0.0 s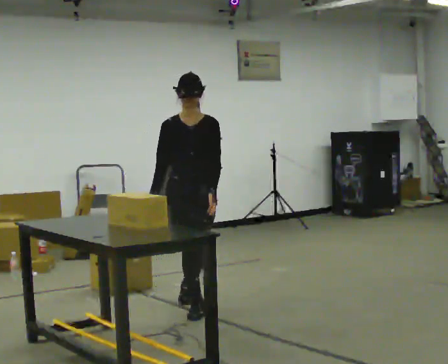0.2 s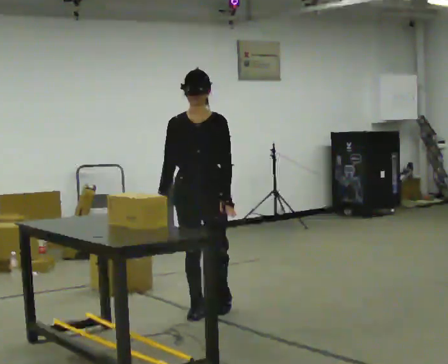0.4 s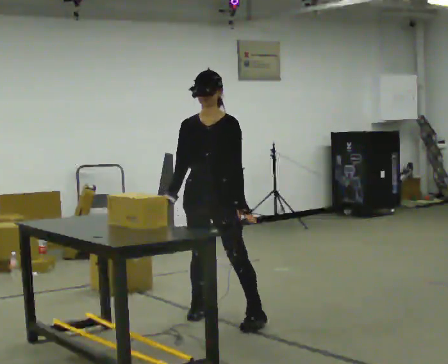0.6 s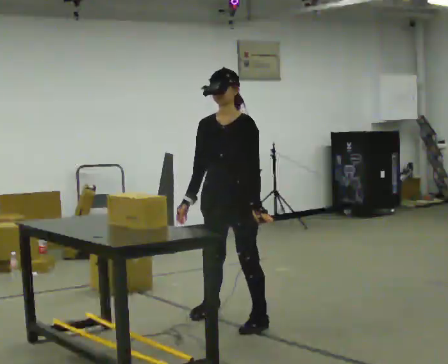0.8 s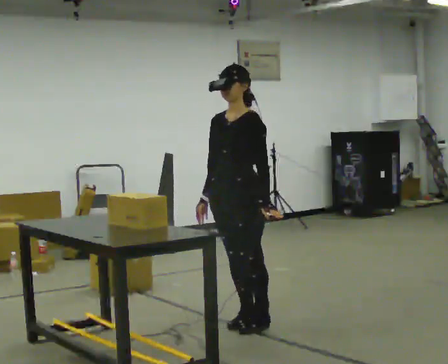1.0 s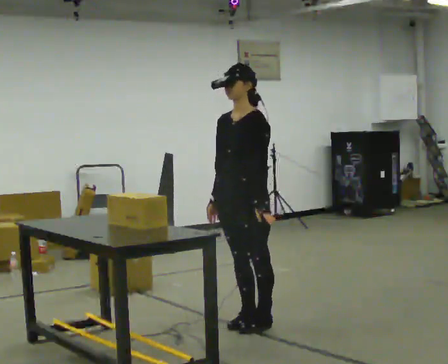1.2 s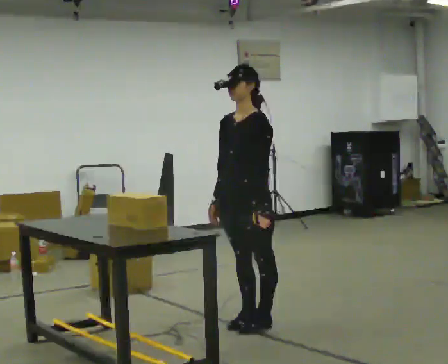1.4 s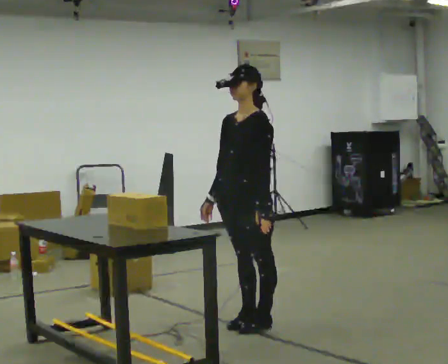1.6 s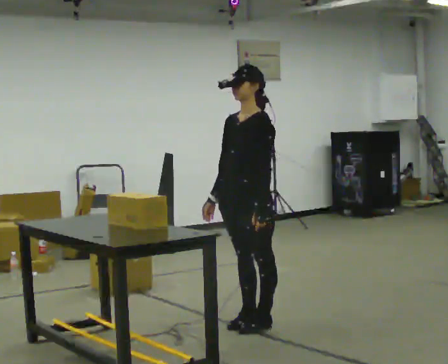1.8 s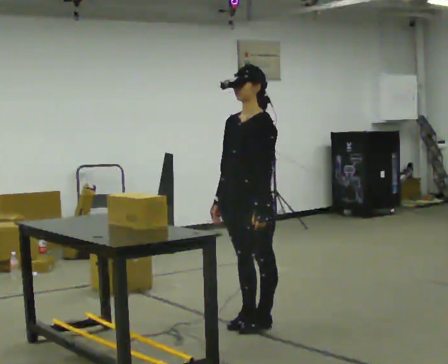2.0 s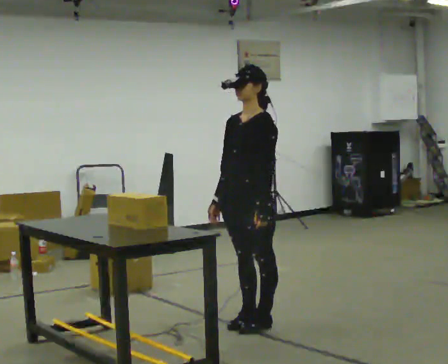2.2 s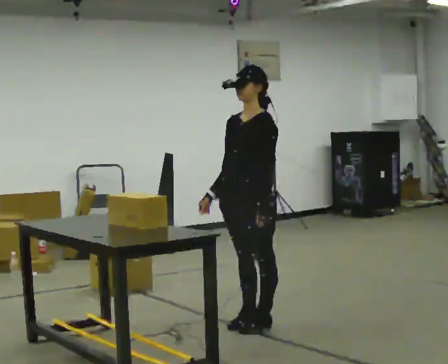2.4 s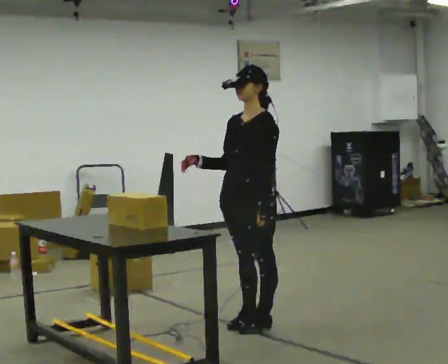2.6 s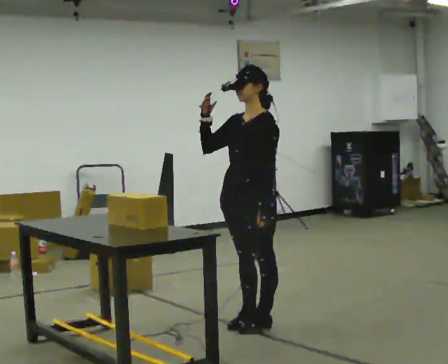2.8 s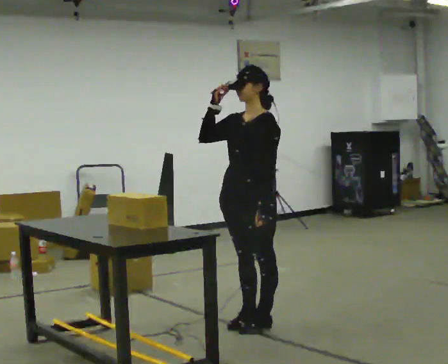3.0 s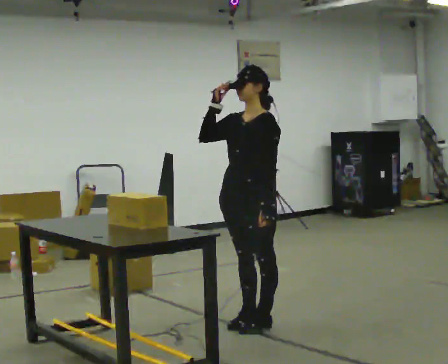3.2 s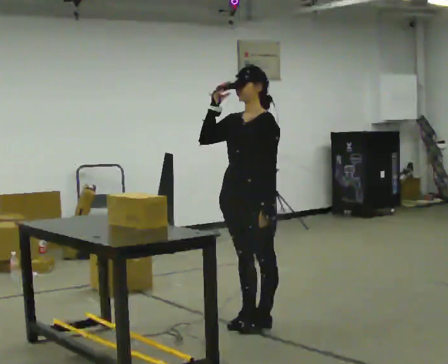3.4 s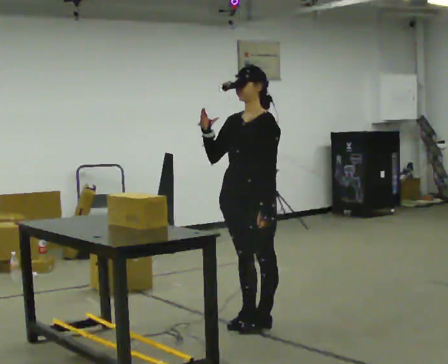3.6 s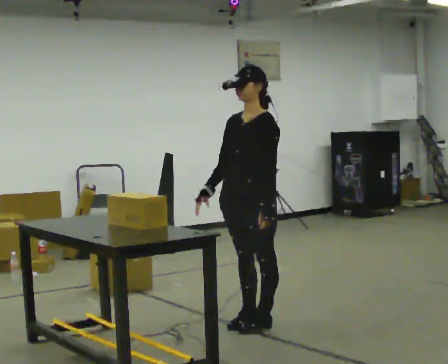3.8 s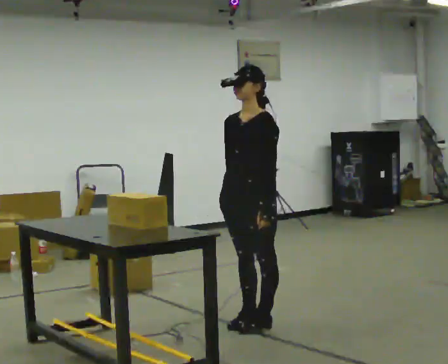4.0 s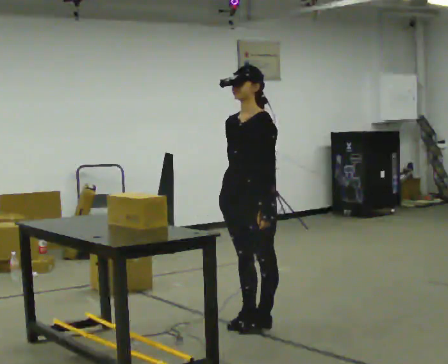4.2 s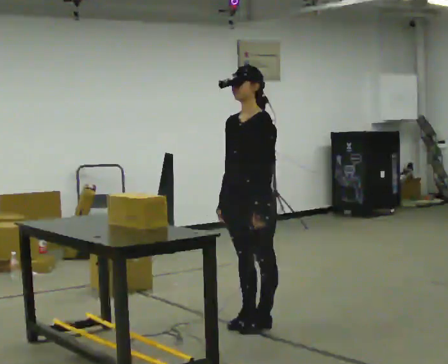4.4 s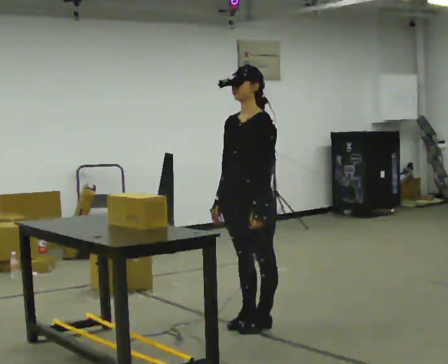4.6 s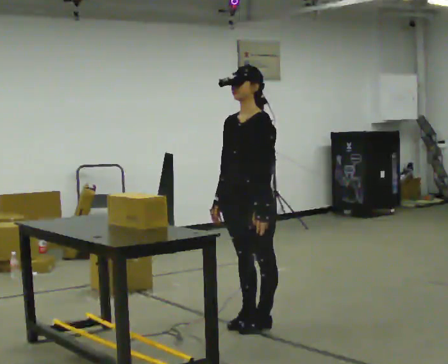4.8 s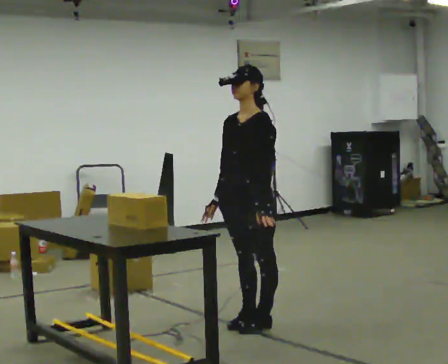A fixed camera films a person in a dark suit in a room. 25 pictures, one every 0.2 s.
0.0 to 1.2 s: The part of the body nearest the lens slides to the left as the person turns to their right by about 60 degrees. In the picture they go toward the camera and to the right, about 0.5 m in 2 steps, which for them is to their left.
1.2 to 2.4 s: In the picture their right hand goes upward.
2.4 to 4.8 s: In the picture their right hand goes downward.
The film runs forward here.
